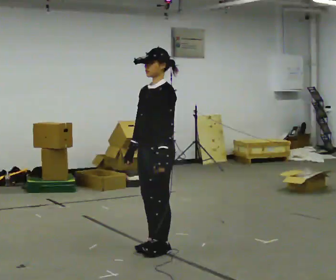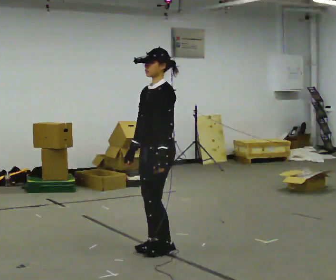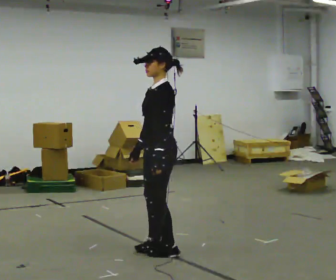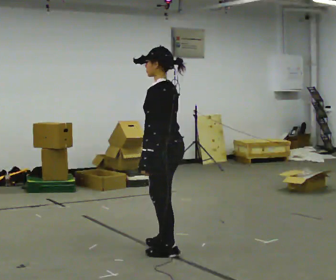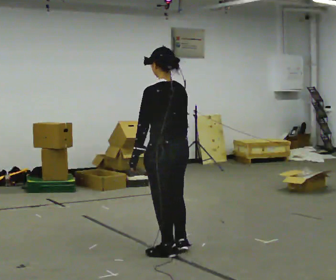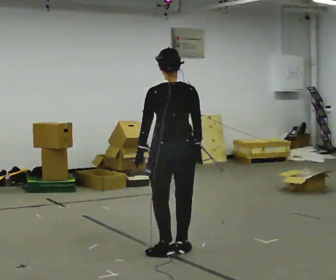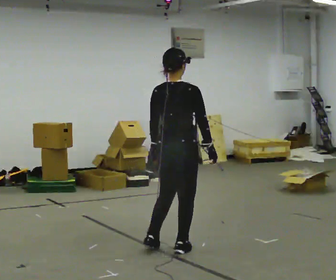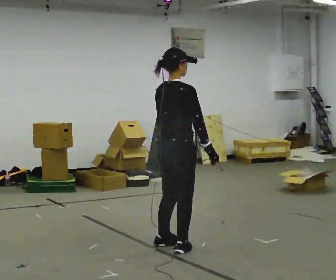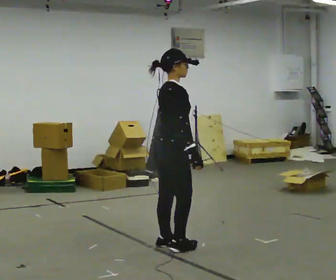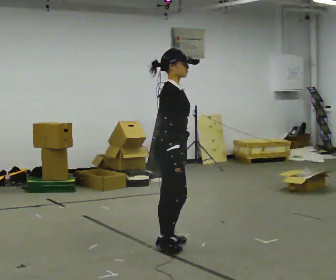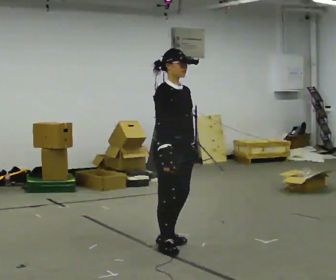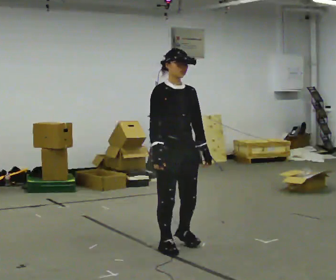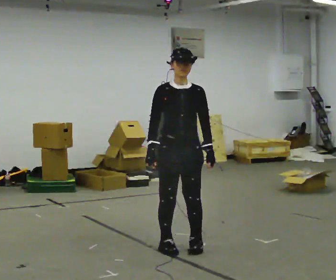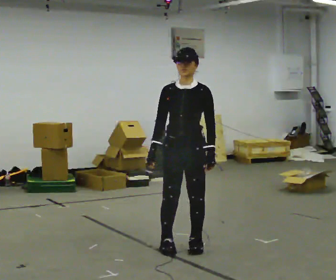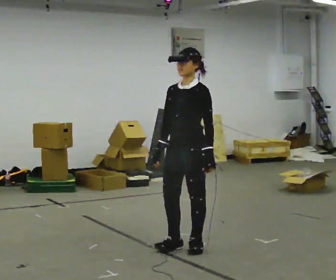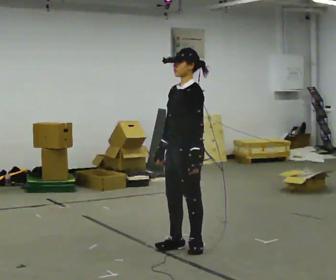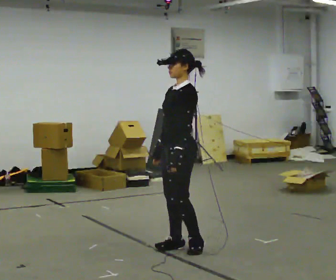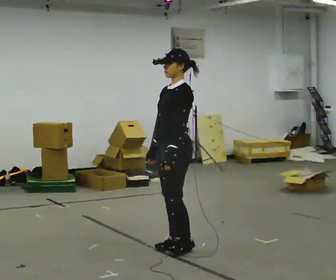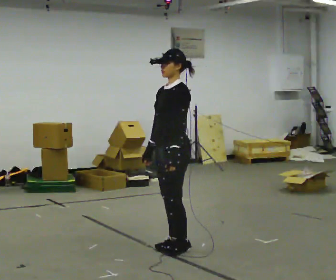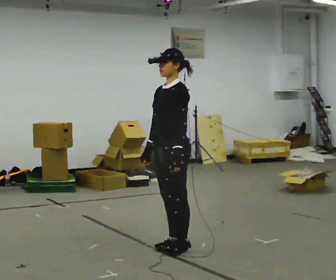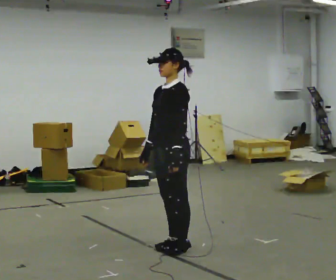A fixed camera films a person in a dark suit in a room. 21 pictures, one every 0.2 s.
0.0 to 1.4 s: The part of the body nearest the lens slides to the left as the person turns to their right by about 180 degrees. In the picture their right hand goes to the right, the arm swinging counterclockwise.
1.4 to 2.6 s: The part of the body nearest the lens slides to the left as the person turns to their right by about 150 degrees. In the picture their right hand goes to the left, the arm swinging clockwise.
2.6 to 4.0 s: Seen from above the body turns clockwise, about 45 degrees: to their right, with its near side sliding to the left.
The film runs forward here.
